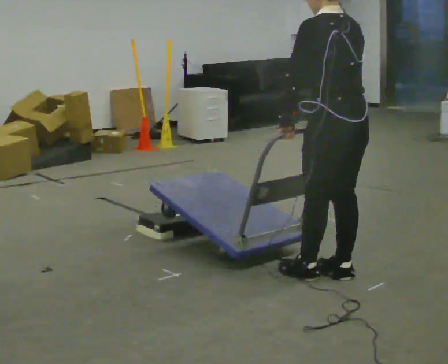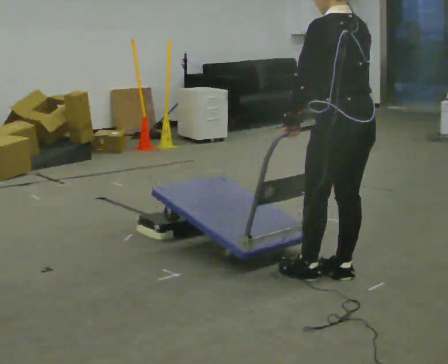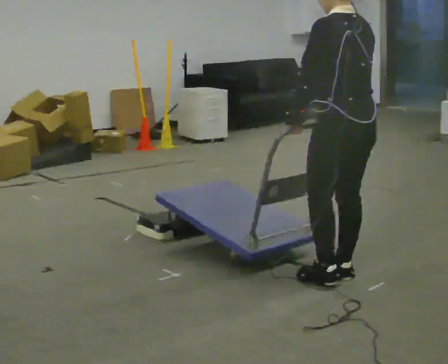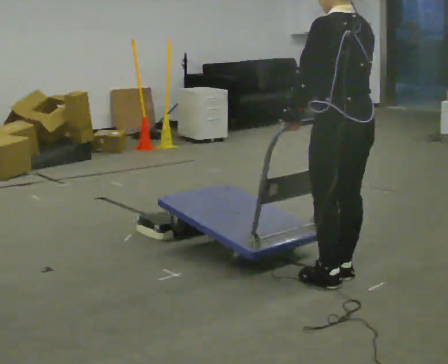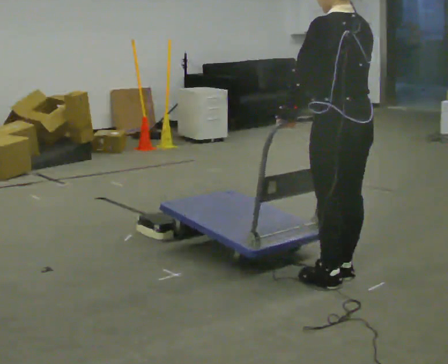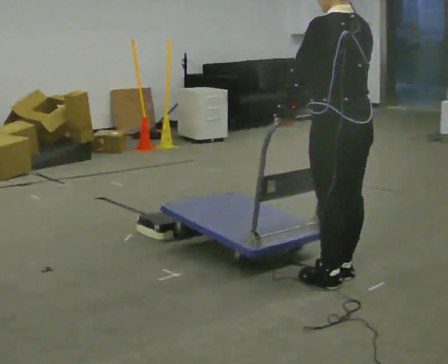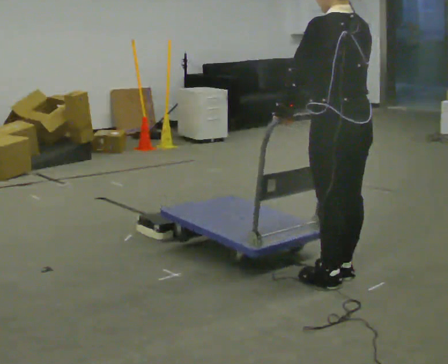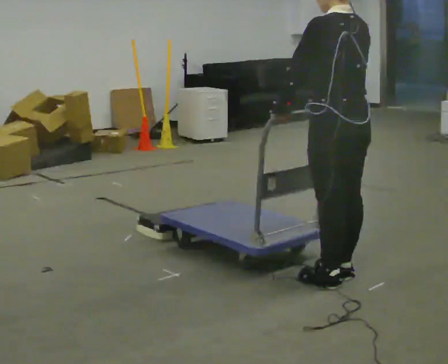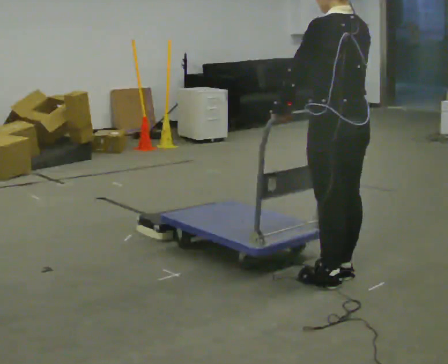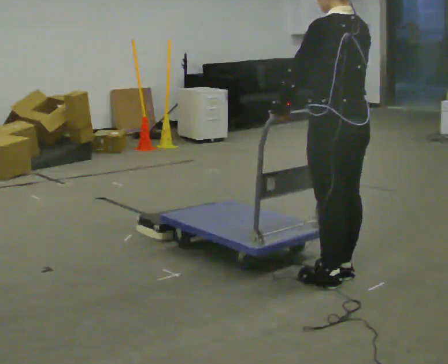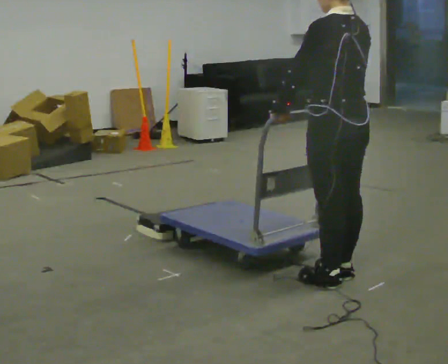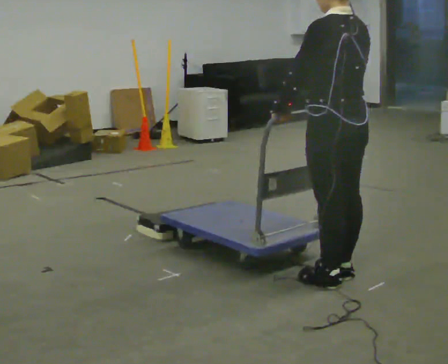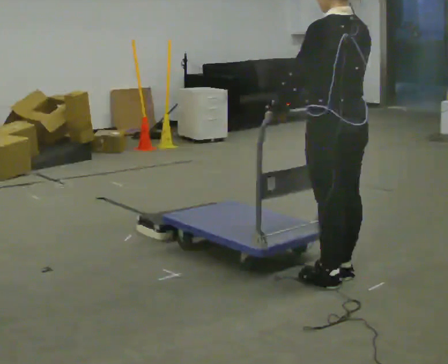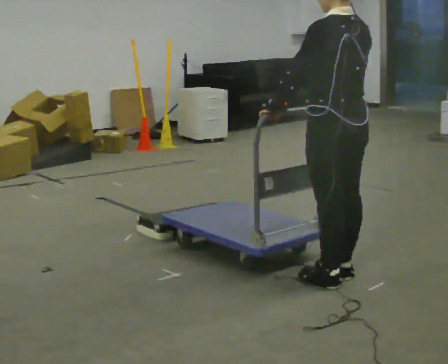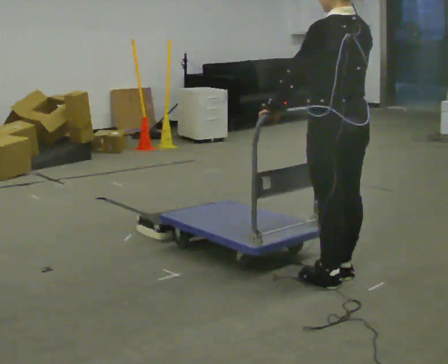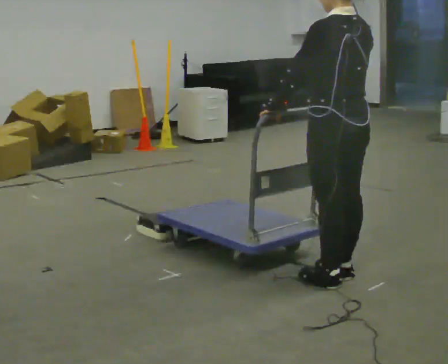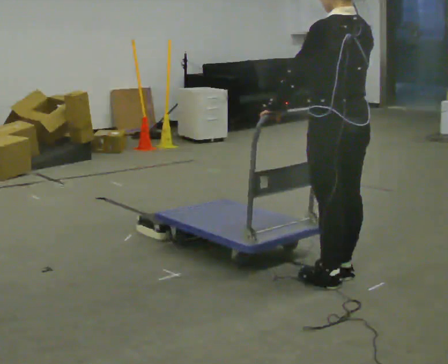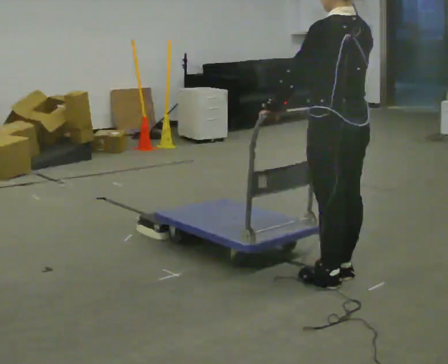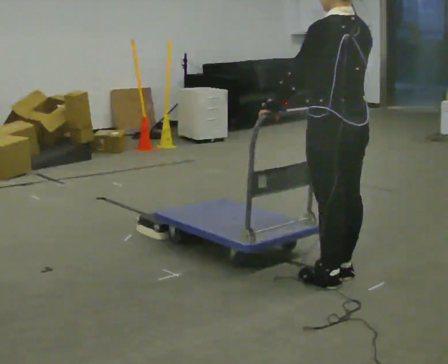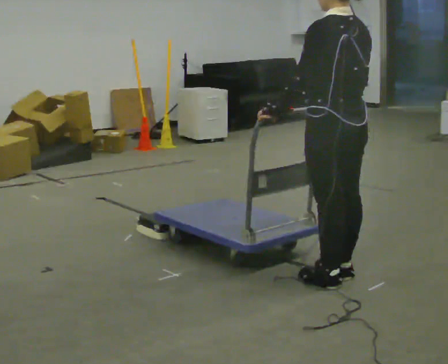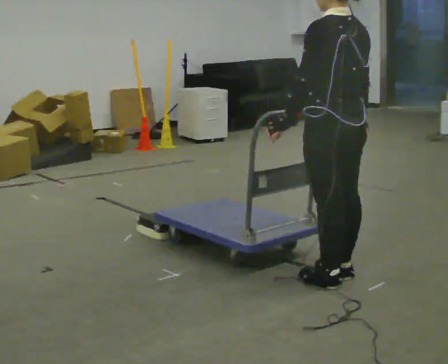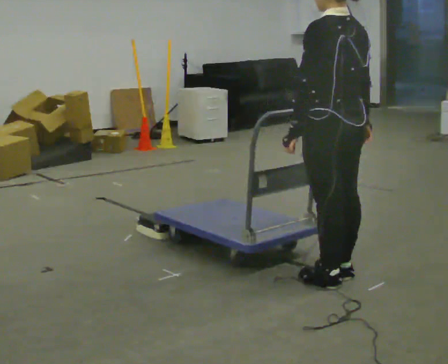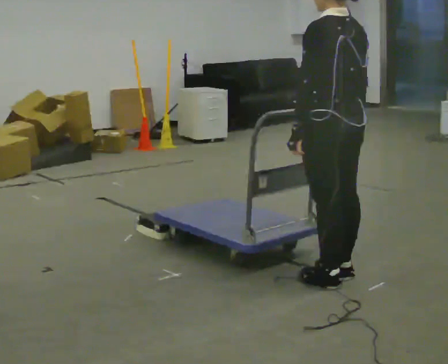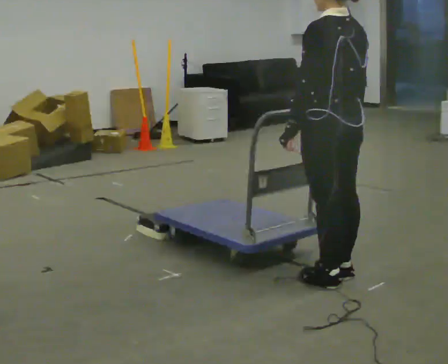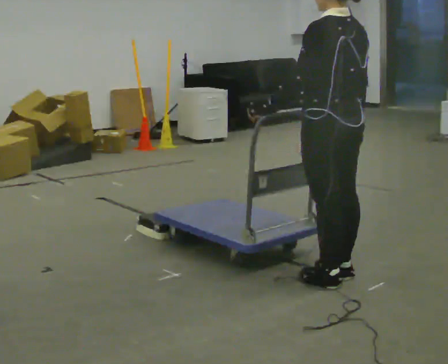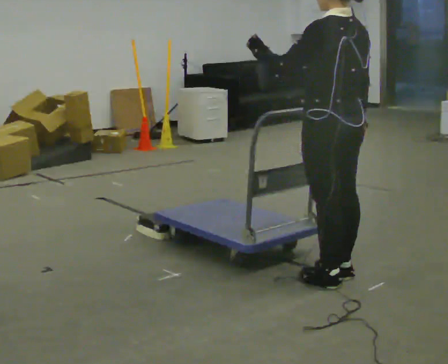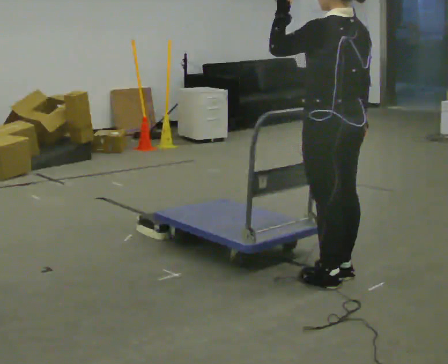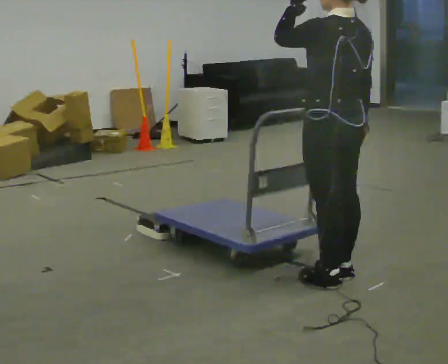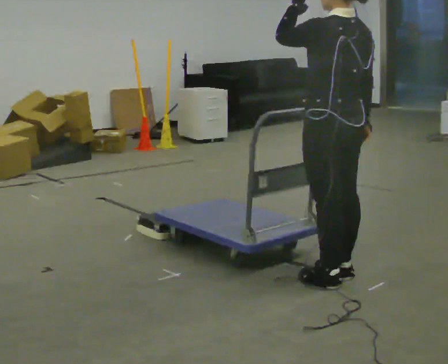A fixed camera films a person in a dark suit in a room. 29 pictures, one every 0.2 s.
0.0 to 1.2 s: The person moves a little, or ends about where they began.
1.2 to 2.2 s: The person keeps their place and pose.
2.2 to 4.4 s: The person moves a little, or ends about where they began.
4.4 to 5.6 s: In the picture their left hand goes upward.
The film runs forward here.
